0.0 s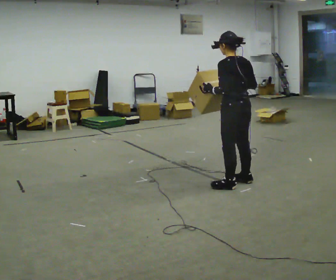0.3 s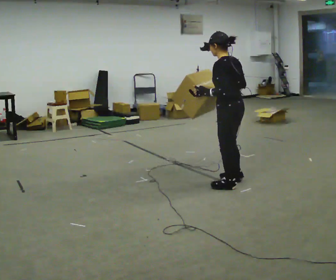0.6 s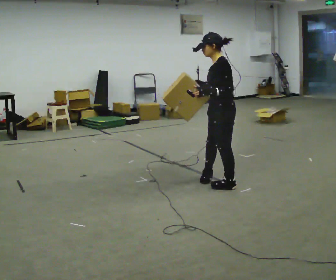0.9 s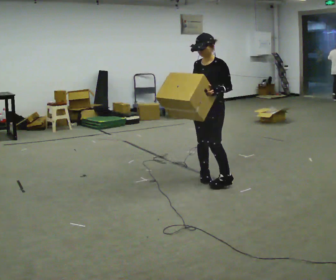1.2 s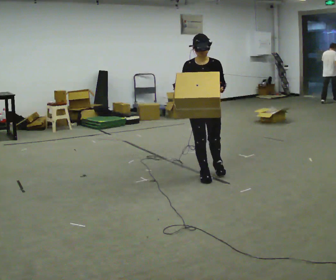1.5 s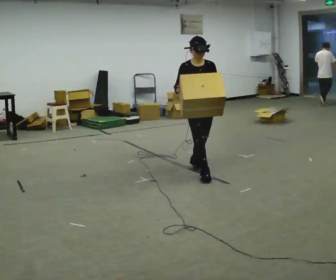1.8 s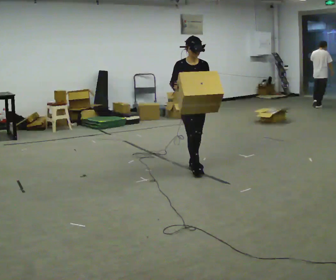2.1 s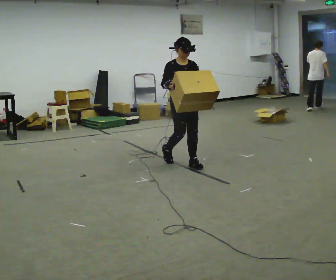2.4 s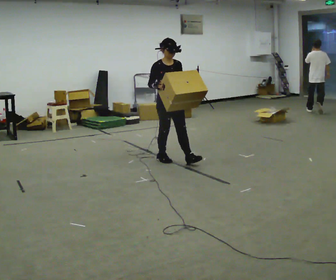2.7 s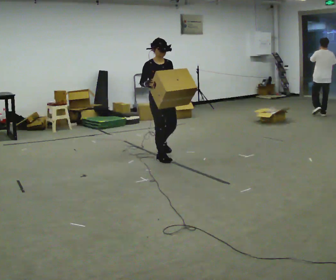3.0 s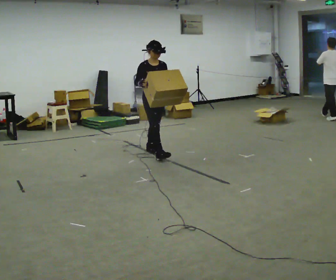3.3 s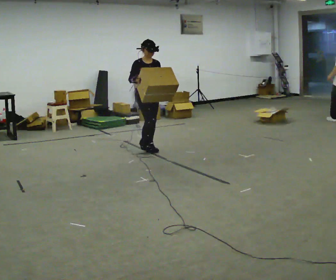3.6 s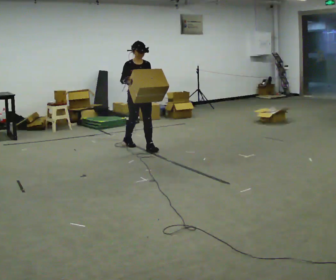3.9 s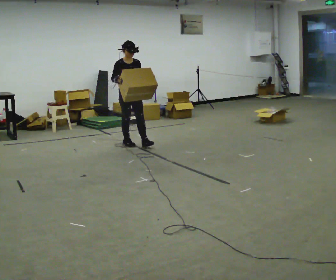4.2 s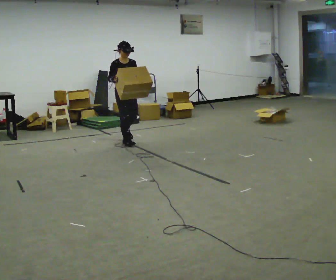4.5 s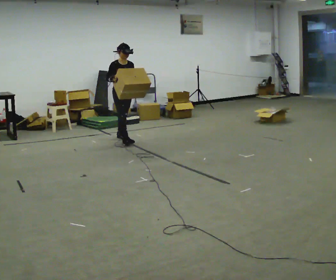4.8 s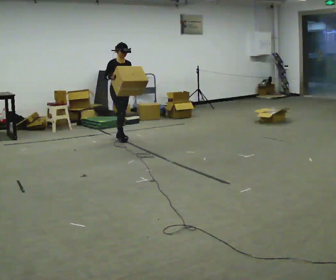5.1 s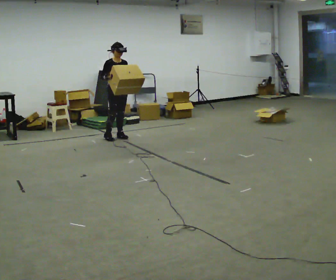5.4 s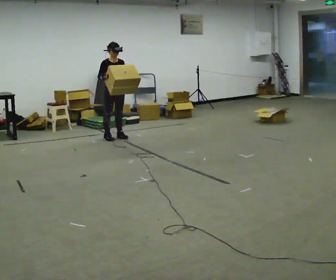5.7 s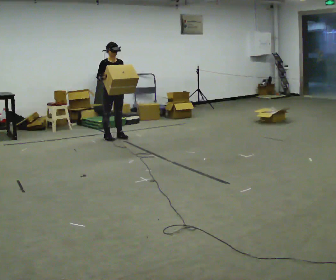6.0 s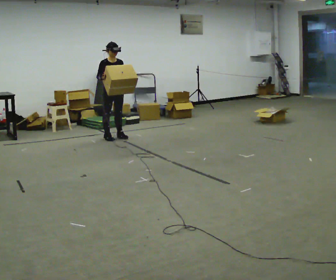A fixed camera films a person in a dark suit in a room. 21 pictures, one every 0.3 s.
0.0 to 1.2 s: Seen from above the body turns counterclockwise, about 135 degrees: to their left, with its near side sliding to the right. In the picture they go away from the camera and to the left, about 0.5 m in 2 steps.
1.2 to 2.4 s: Seen from above the body turns counterclockwise, about 30 degrees: to their left, with its near side sliding to the right. In the picture they go away from the camera and to the left, about 0.5 m in 2 steps, which for them is backward.
2.4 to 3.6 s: In the picture they go away from the camera and to the left, about 1 m in 1 step, which for them is backward.
3.6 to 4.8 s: In the picture they go away from the camera and to the left, about 0.75 m in 2 steps, which for them is backward.
4.8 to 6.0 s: The person moves a little, or ends about where they began.
The film runs backward here.
